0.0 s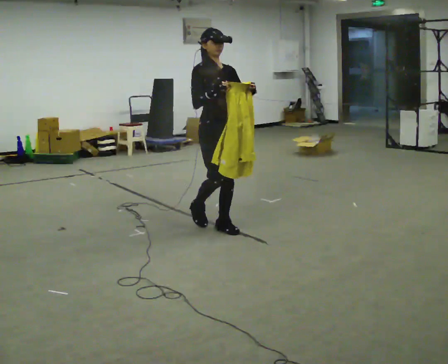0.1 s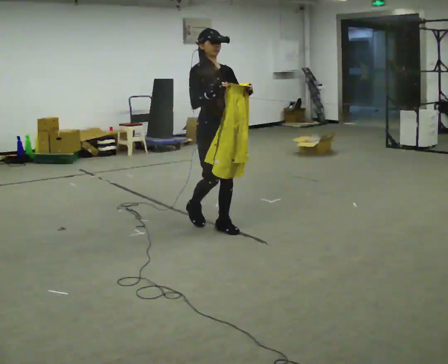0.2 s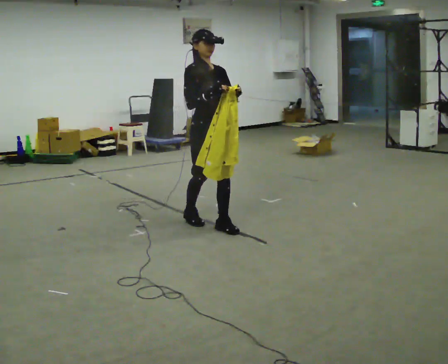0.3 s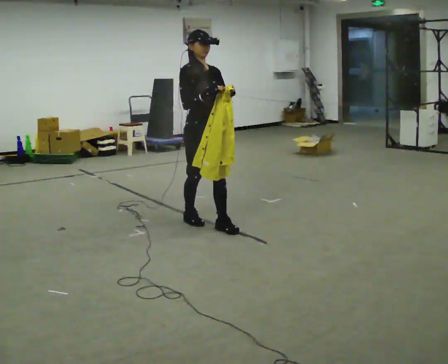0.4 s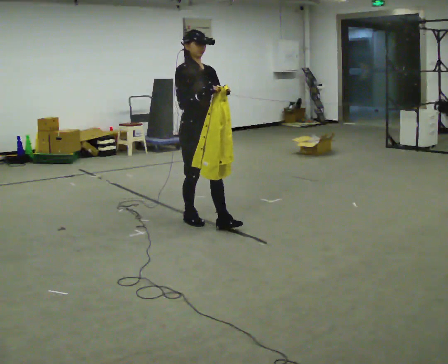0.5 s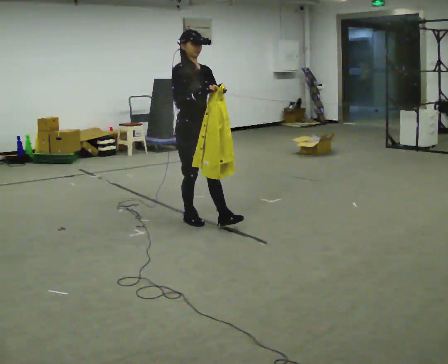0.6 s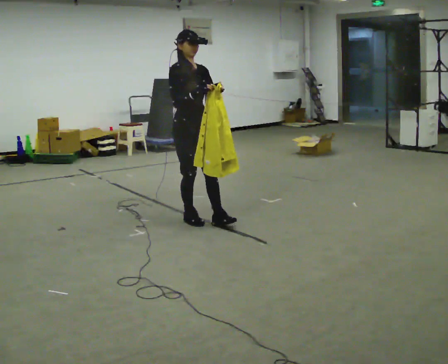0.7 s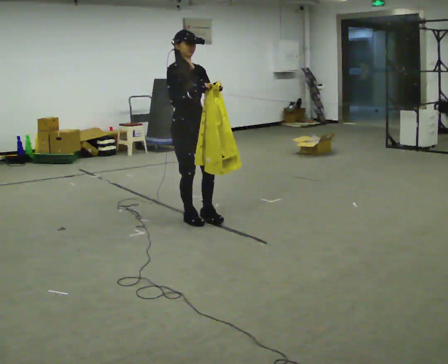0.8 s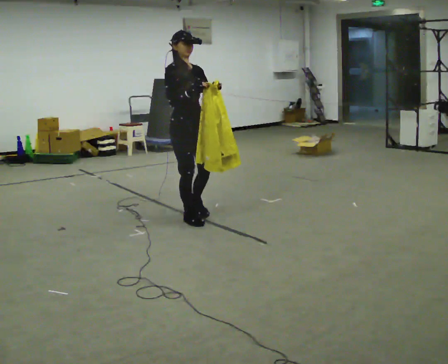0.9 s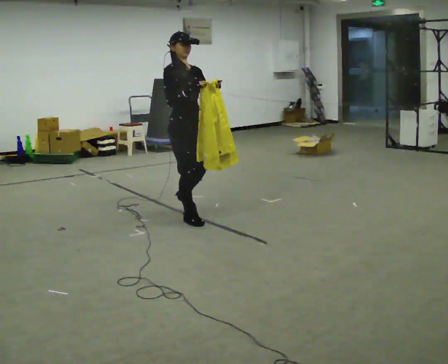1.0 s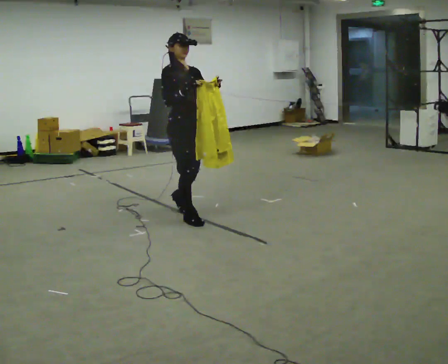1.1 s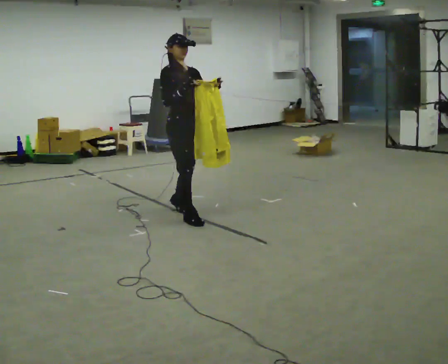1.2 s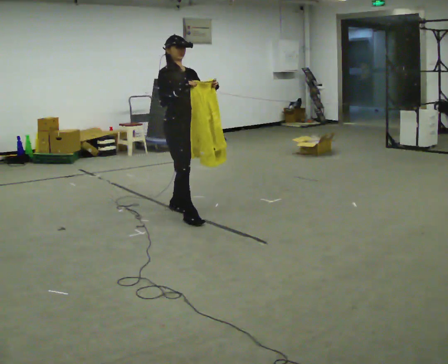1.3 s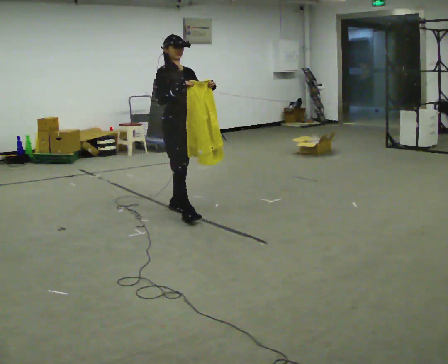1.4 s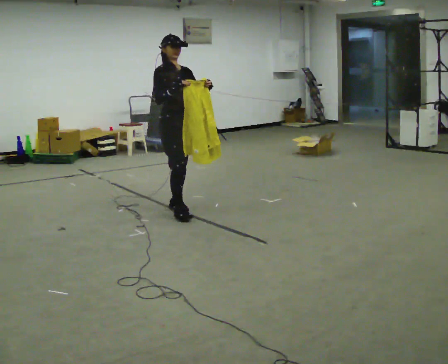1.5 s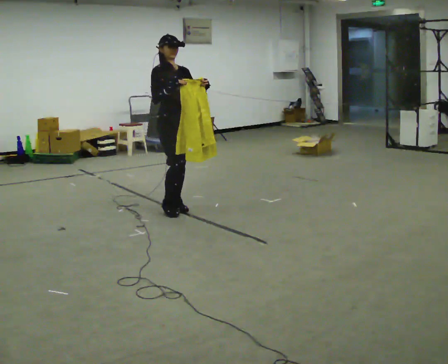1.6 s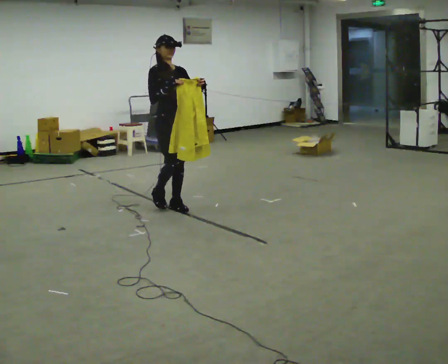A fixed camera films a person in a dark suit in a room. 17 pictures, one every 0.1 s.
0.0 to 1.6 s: In the picture they go away from the camera and to the left, about 1 m in 2 steps, which for them is backward.
The film runs backward here.
